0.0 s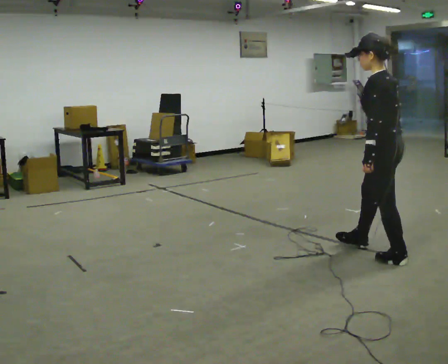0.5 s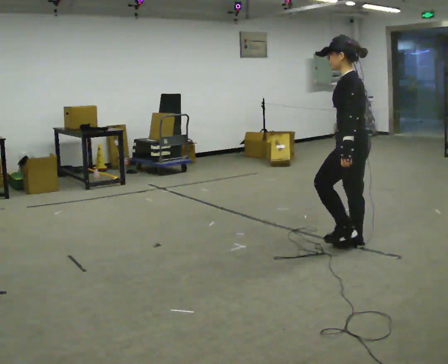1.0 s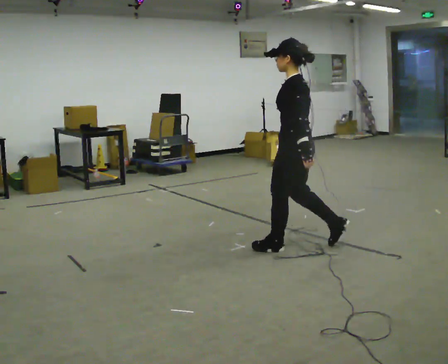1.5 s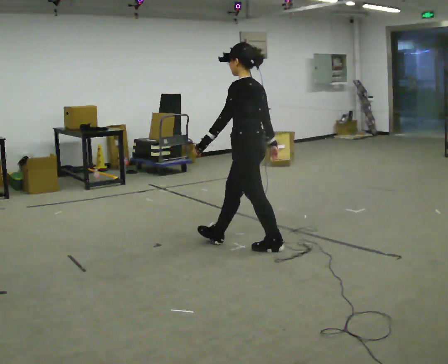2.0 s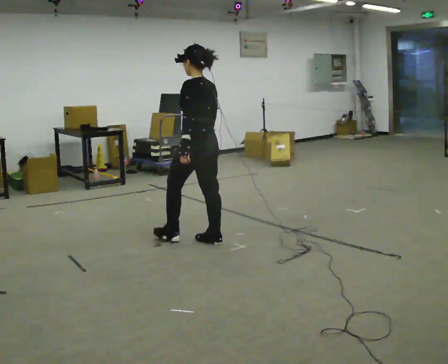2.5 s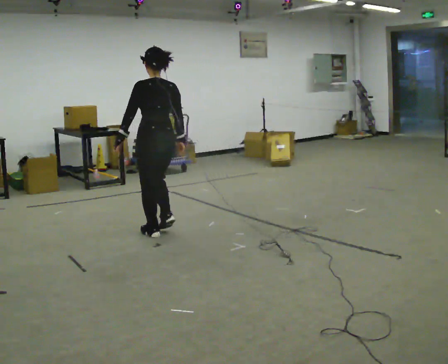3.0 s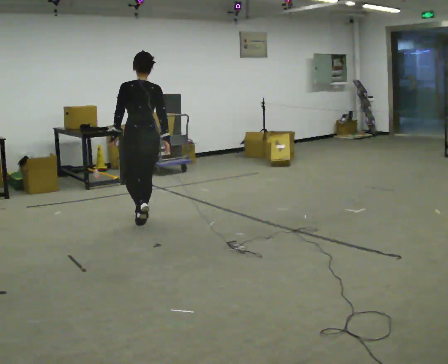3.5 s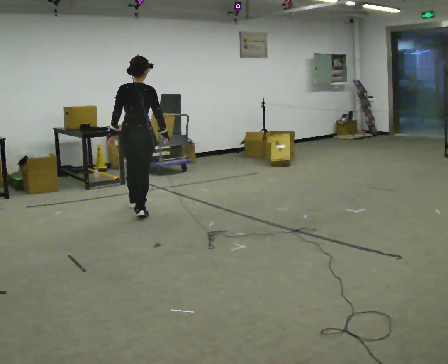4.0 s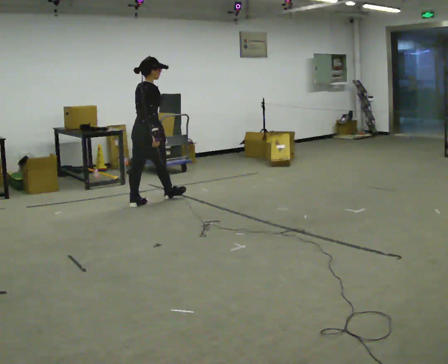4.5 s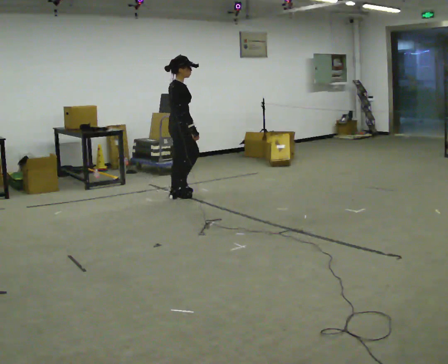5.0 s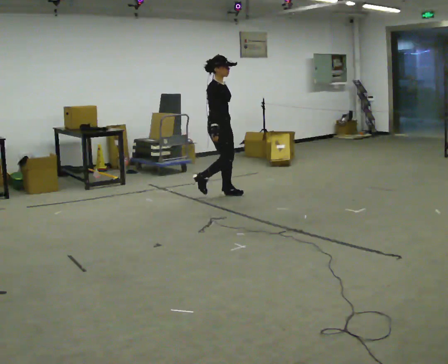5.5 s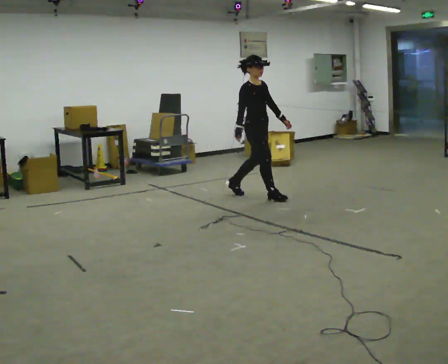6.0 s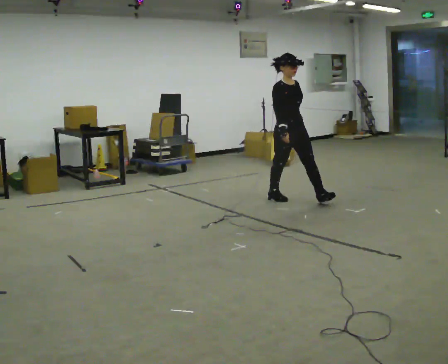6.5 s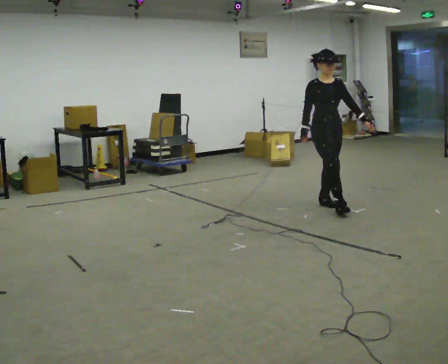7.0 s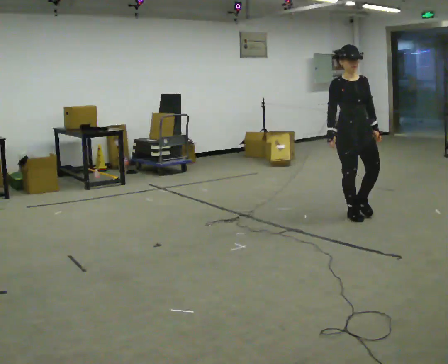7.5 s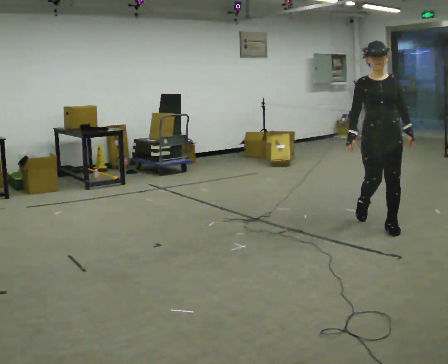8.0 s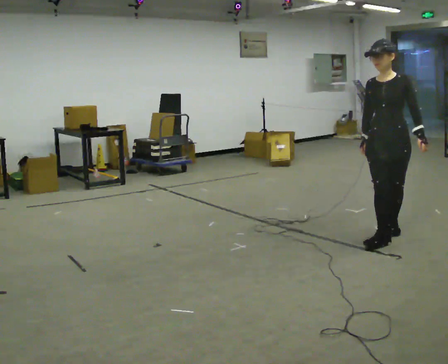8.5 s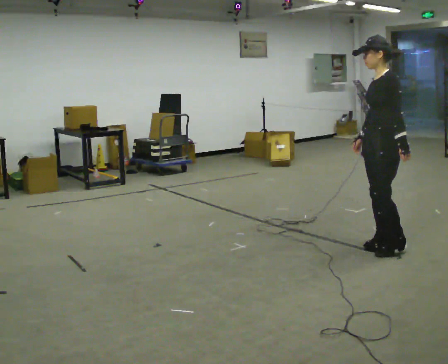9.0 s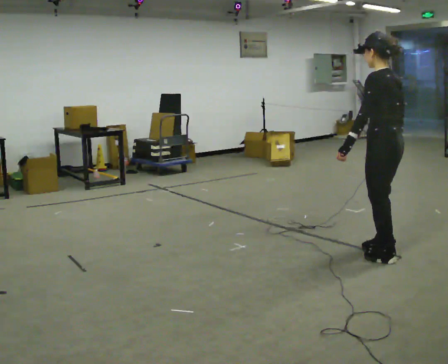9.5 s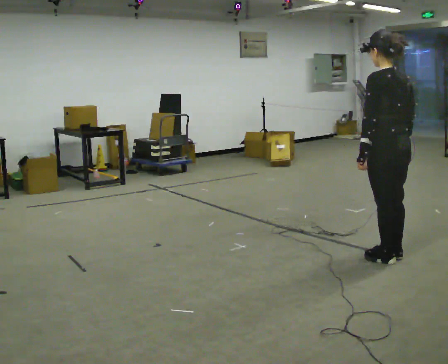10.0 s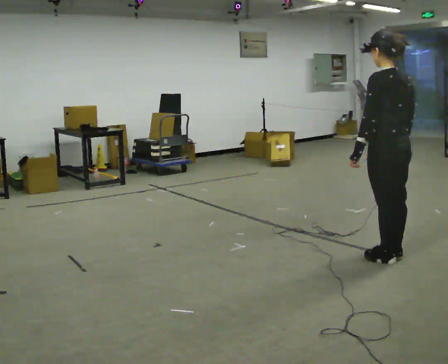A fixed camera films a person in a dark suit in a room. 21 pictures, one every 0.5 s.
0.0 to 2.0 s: In the picture they go to the left and away from the camera, about 1.5 m in 3 steps, which for them is forward.
2.0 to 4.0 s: The person turns about 105 degrees to their right, clockwise seen from above, so the part of the body nearest the lens slides to the left. In the picture they go away from the camera and to the left, about 1.5 m in 3 steps.
4.0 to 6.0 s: The part of the body nearest the lens slides to the left as the person turns to their right by about 105 degrees. In the picture they go to the right, about 1.5 m in 3 steps.
6.0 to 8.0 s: The person turns about 60 degrees to their right, clockwise seen from above, so the part of the body nearest the lens slides to the left. In the picture they go toward the camera, about 1.5 m in 4 steps.
8.0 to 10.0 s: The part of the body nearest the lens slides to the left as the person turns to their right by about 120 degrees. In the picture they go toward the camera, about 0.5 m in 2 steps.
The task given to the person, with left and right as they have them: Walk straight; turn around and walk back; use wide or tight turn.
The film runs forward here.
